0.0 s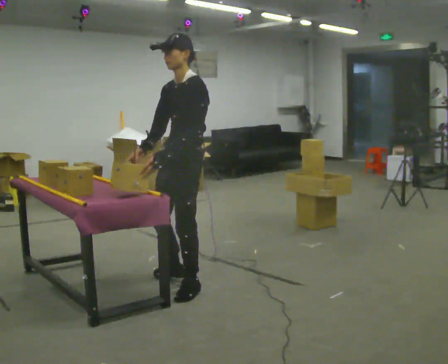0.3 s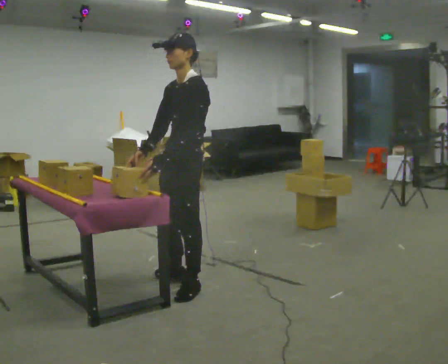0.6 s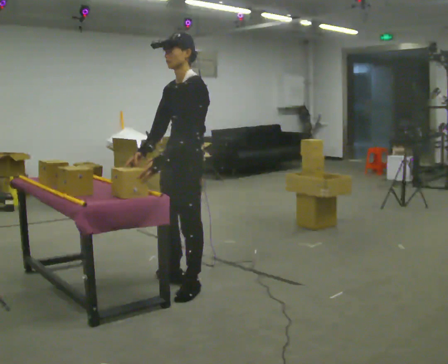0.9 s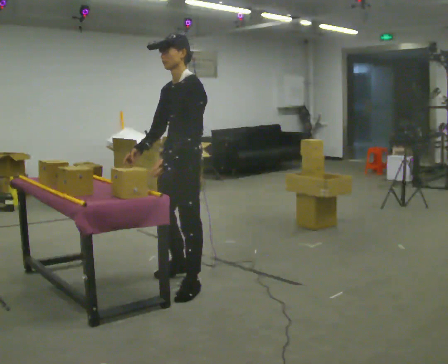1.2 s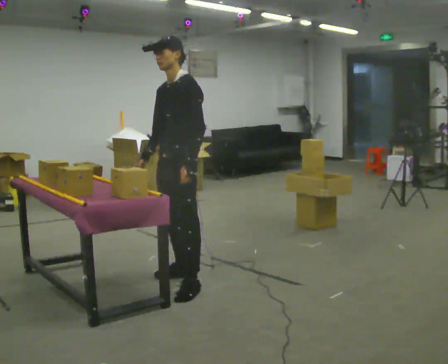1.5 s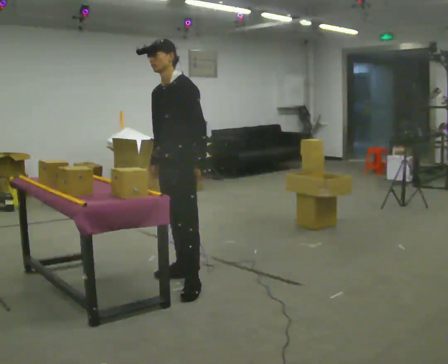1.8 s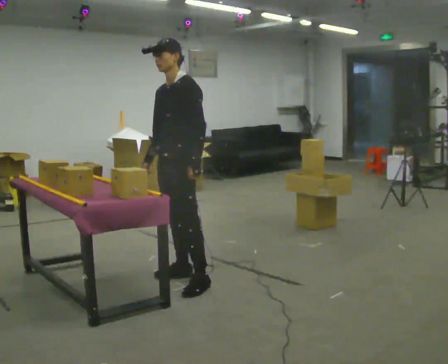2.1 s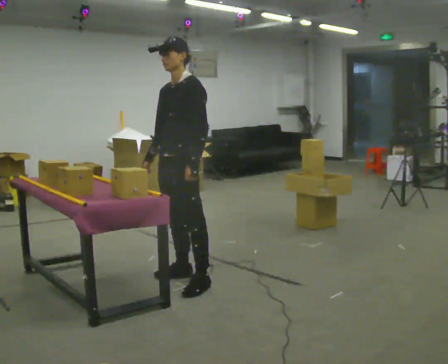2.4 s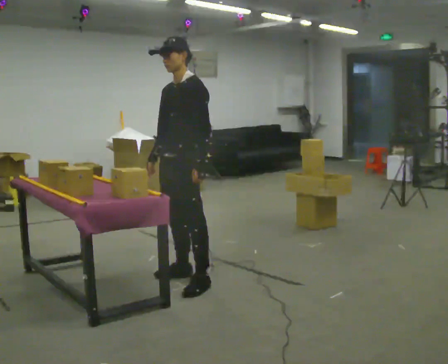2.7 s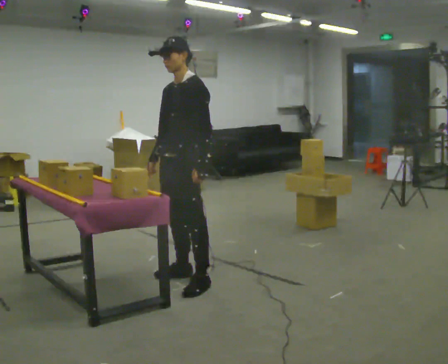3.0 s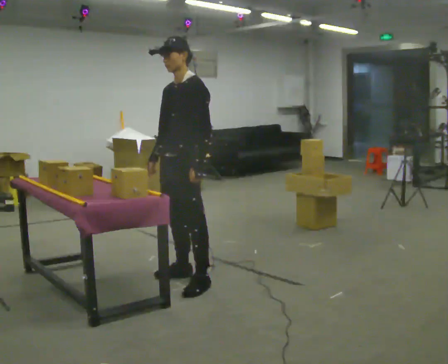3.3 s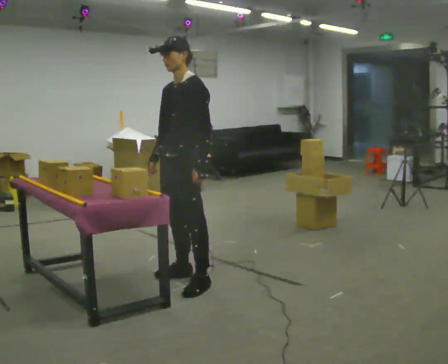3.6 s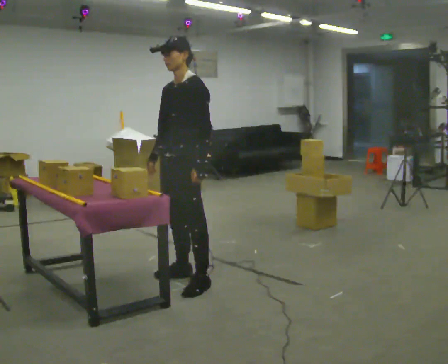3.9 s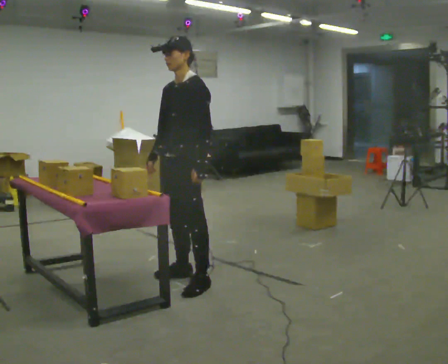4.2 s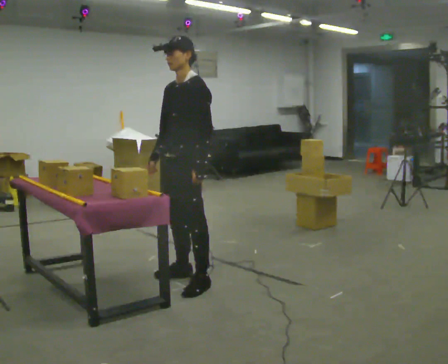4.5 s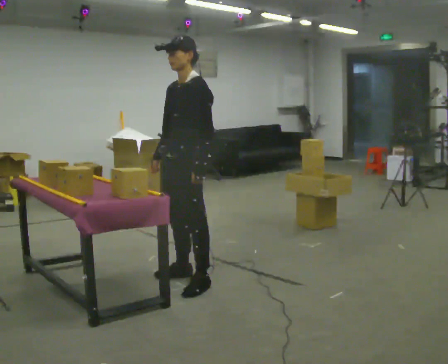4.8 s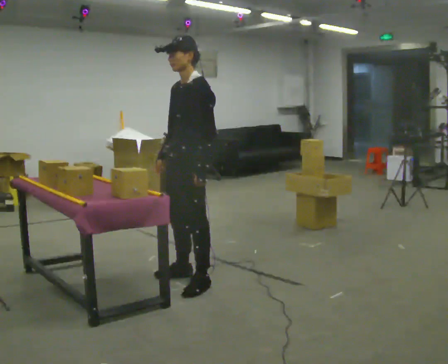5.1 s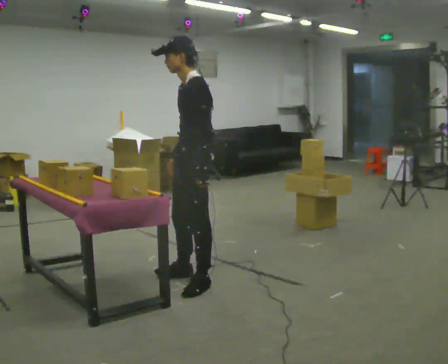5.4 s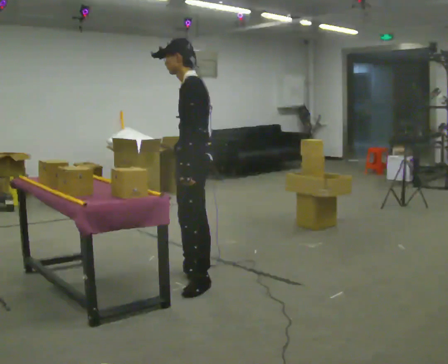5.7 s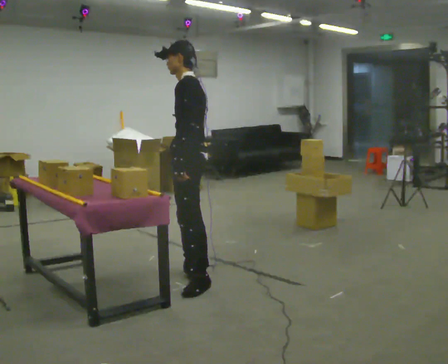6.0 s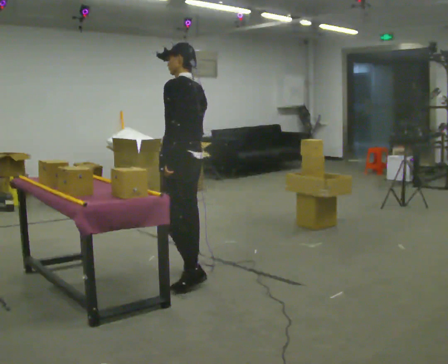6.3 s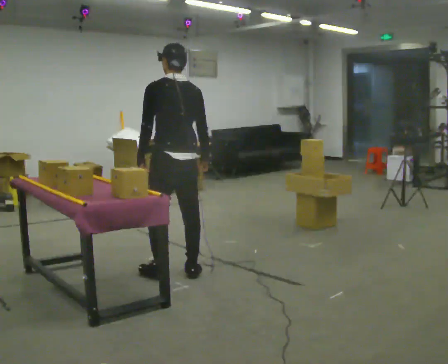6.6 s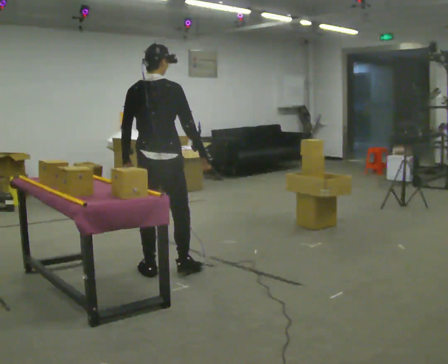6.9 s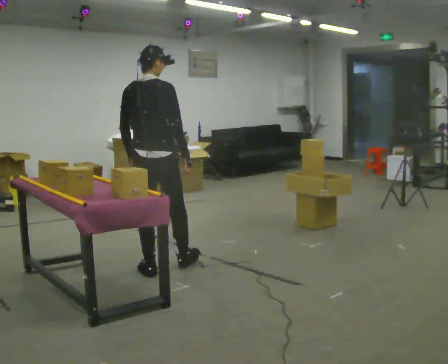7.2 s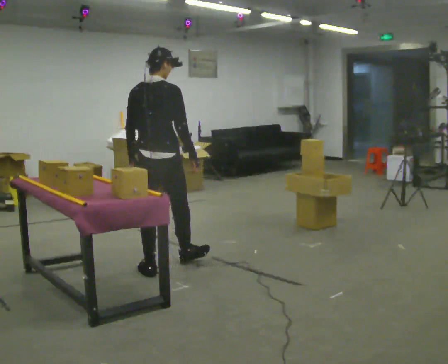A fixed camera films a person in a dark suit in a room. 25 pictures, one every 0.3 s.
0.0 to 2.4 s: The person moves a little, or ends about where they began.
2.4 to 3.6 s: The person keeps their place and pose.
3.6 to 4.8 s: The person moves a little, or ends about where they began.
4.8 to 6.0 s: Seen from above the body turns clockwise, about 60 degrees: to their right, with its near side sliding to the left. In the picture they go away from the camera, about 0.25 m, which for them is to their right.
6.0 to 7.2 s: The part of the body nearest the lens slides to the left as the person turns to their right by about 75 degrees. In the picture they go away from the camera and to the left, about 0.25 m in 2 steps.
The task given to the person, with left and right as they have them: Carry the object over and fit it into the gap between the two boxes already on the shelf, without touching either of them. Keep going until the operator says stop; one object at a time, and do not rush between trips.
The film runs forward here.
